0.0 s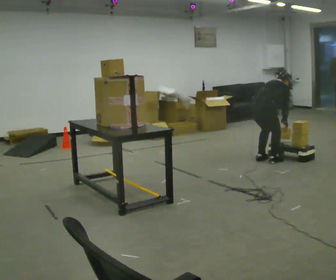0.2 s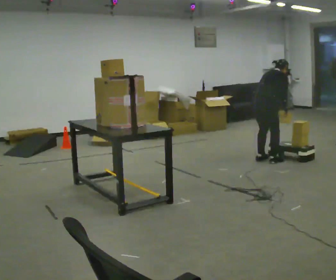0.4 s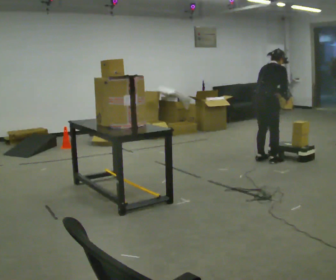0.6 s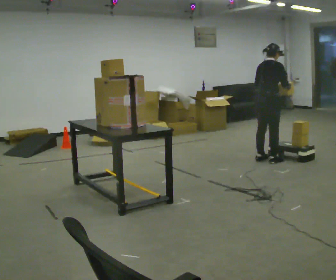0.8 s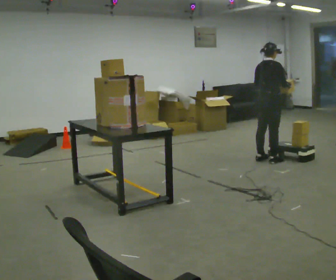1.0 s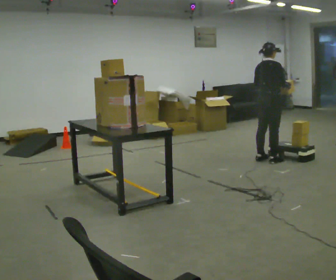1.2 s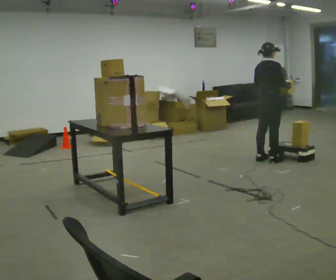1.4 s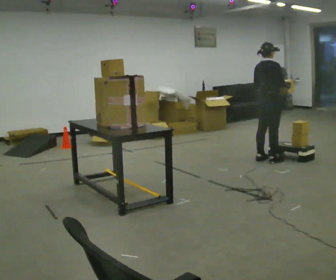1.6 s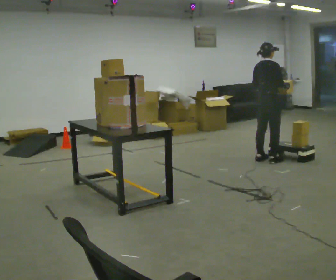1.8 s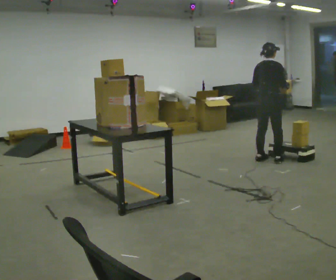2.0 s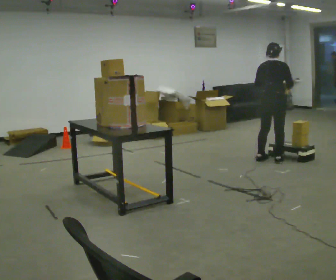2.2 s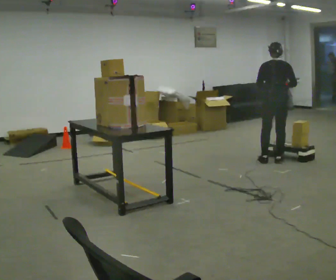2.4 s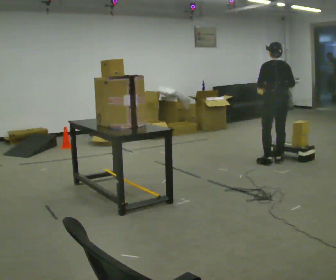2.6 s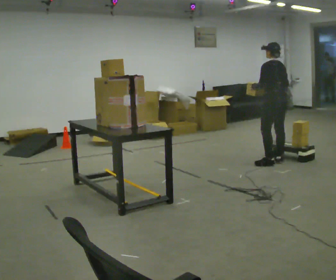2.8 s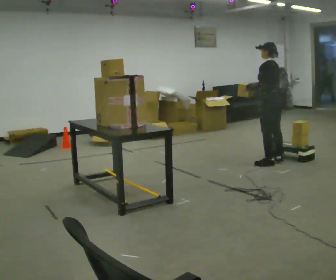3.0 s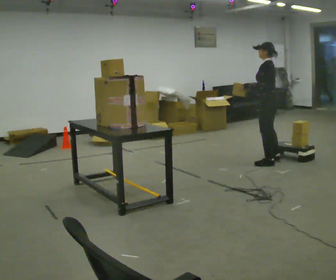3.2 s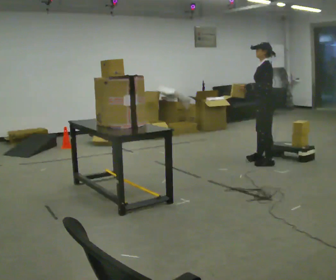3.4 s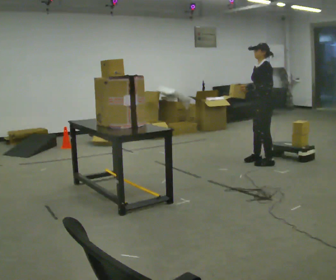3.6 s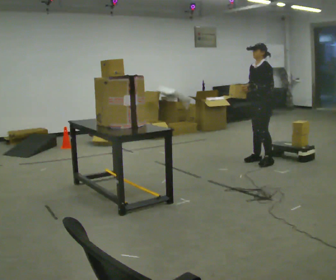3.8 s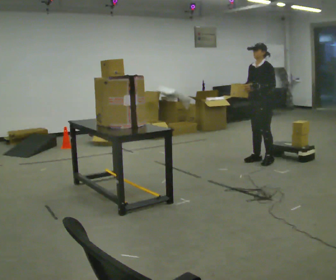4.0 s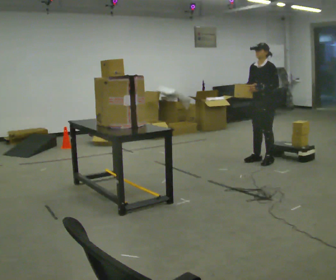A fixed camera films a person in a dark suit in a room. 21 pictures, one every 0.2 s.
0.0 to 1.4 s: The shoulders move upward. The upper body tips toward the camera, its near side rolling downward, as they lean back or straighten. In the picture their right hand goes upward.
1.4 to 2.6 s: Seen from above the body turns counterclockwise, about 90 degrees: to their left, with its near side sliding to the right.
2.6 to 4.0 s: Seen from above the body turns counterclockwise, about 90 degrees: to their left, with its near side sliding to the right. In the picture their right hand goes to the left.
The film runs forward here.
